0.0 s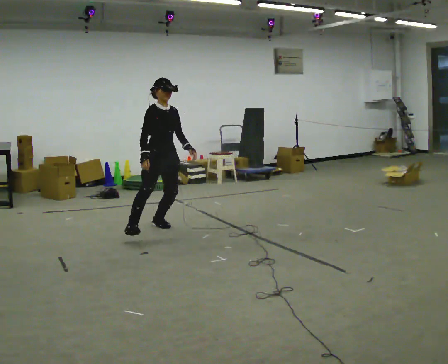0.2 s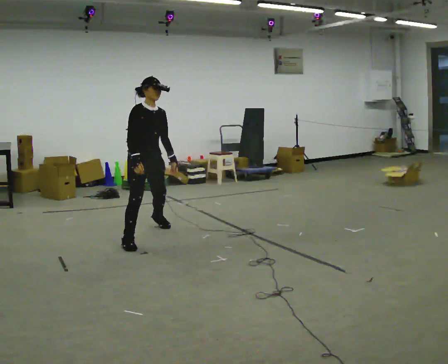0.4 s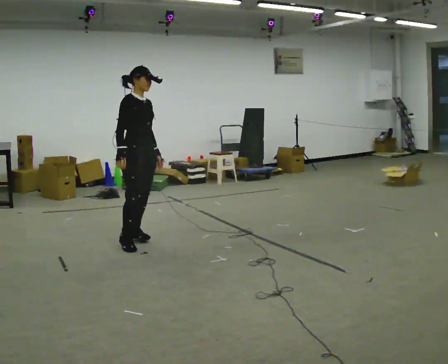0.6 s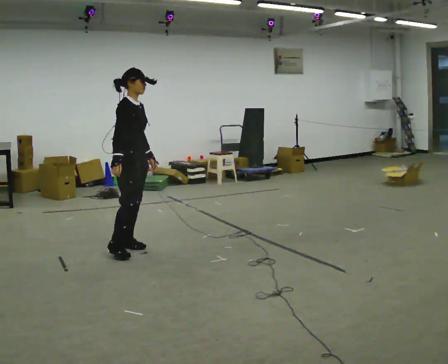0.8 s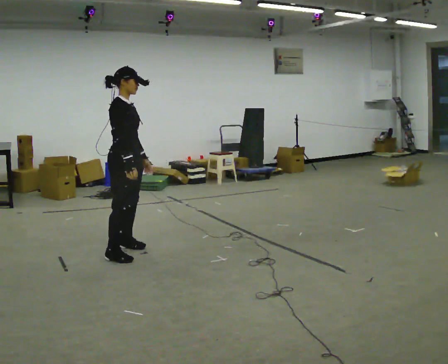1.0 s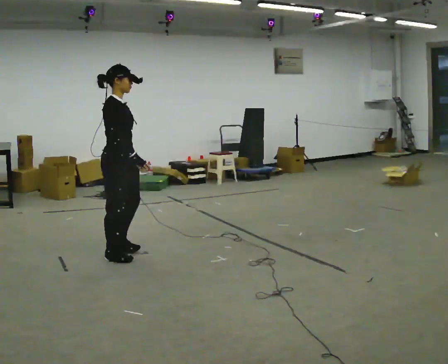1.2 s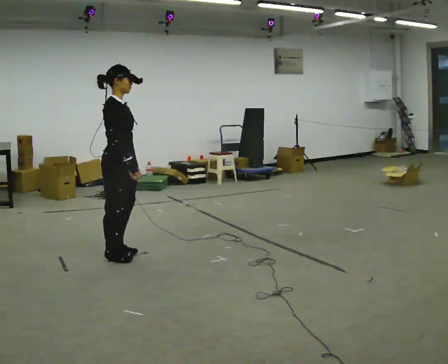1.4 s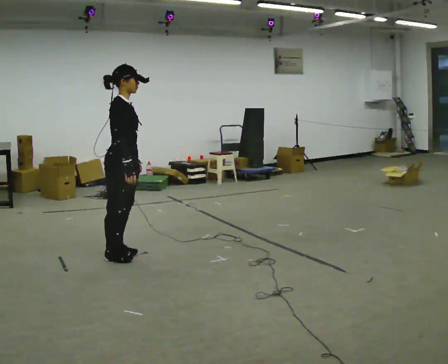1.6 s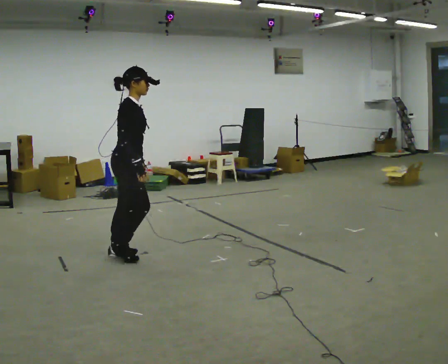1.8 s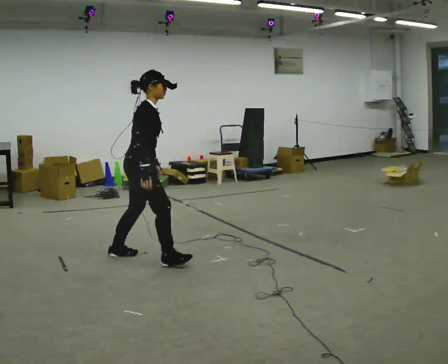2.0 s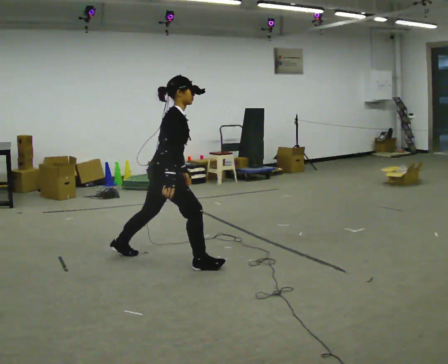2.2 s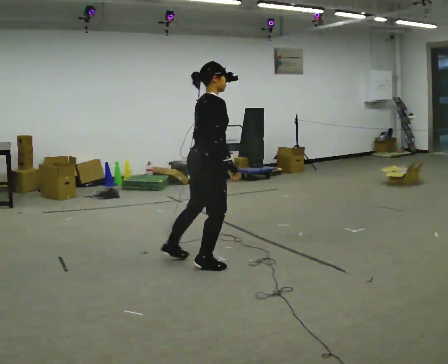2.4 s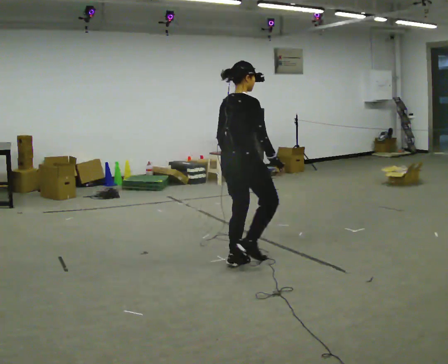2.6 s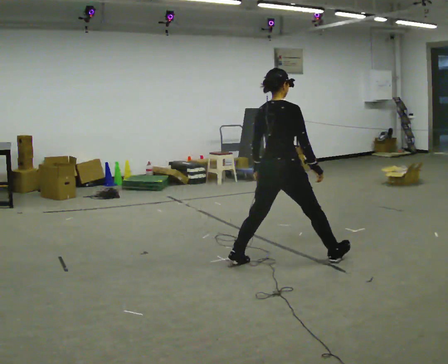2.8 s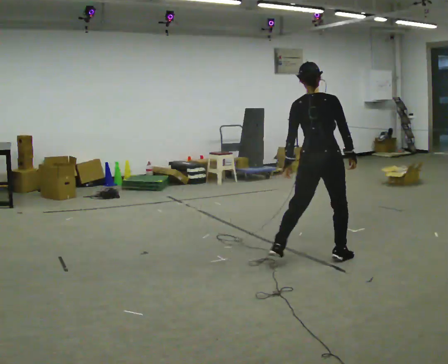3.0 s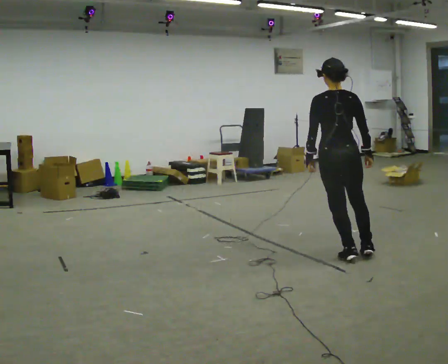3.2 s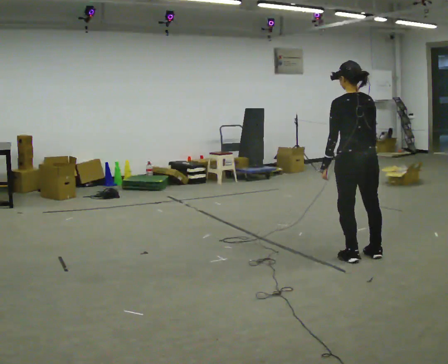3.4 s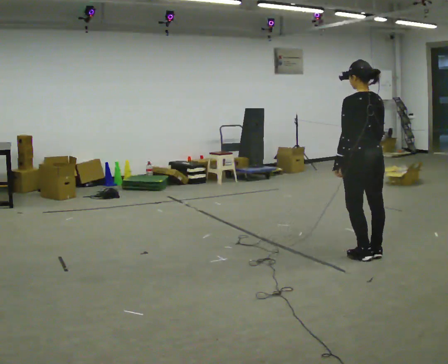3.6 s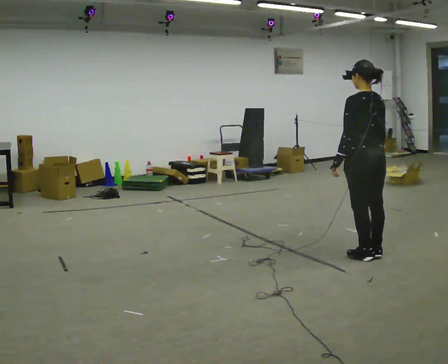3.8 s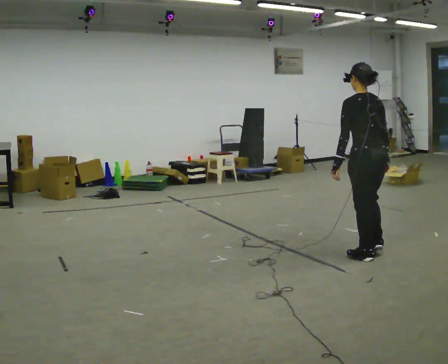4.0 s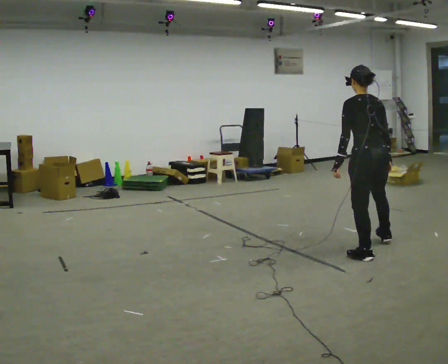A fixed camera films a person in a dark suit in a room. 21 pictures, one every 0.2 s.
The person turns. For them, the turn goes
to their left.
The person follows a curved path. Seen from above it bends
counterclockwise.
0.0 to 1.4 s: Seen from above the body turns counterclockwise, about 45 degrees: to their left, with its near side sliding to the right. In the picture they go toward the camera, about 1 m in 4 steps, which for them is to their right.
1.4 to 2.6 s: Seen from above the body turns counterclockwise, about 60 degrees: to their left, with its near side sliding to the right. In the picture they go to the right, about 1.5 m in 2 steps, which for them is forward.
2.6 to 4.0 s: Seen from above the body turns counterclockwise, about 60 degrees: to their left, with its near side sliding to the right. In the picture they go to the right, about 1 m in 3 steps.
The film runs forward here.
